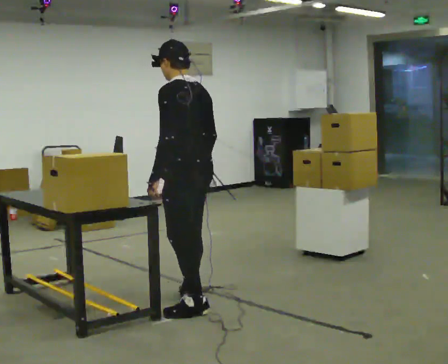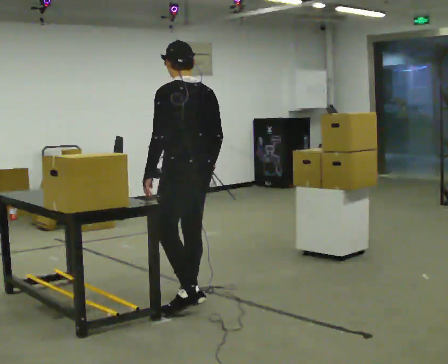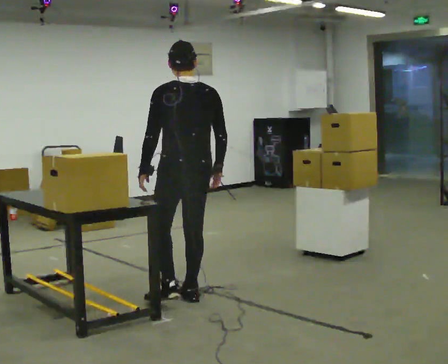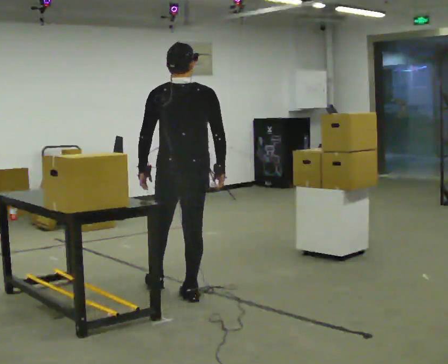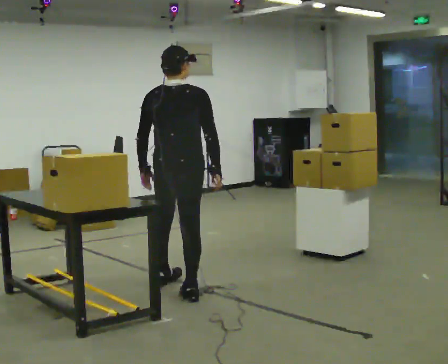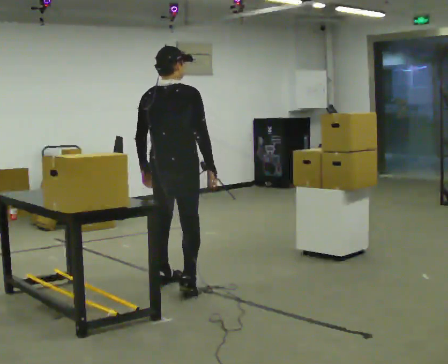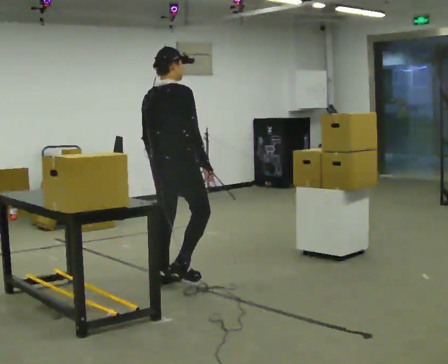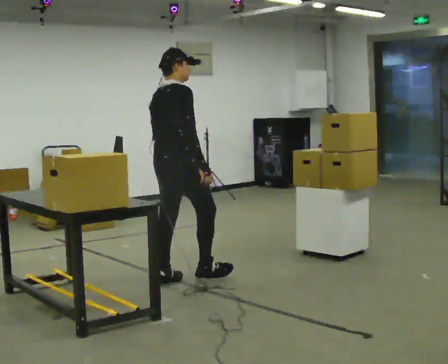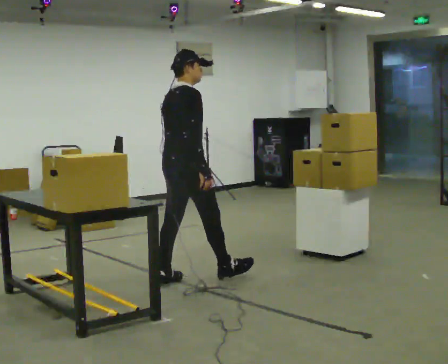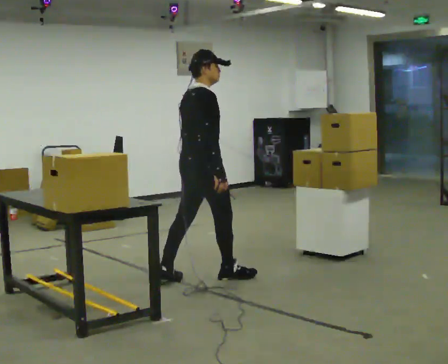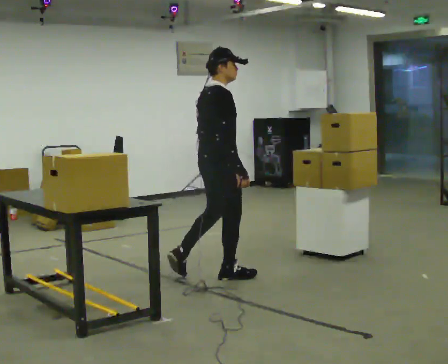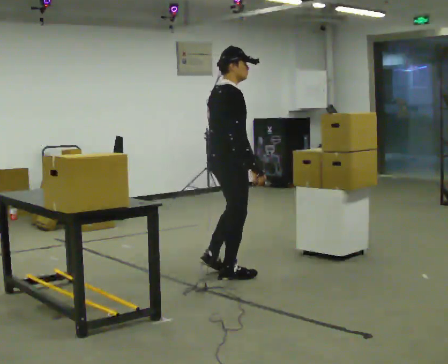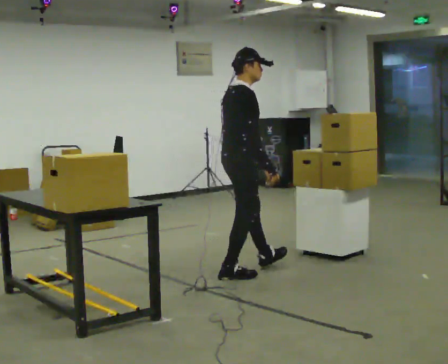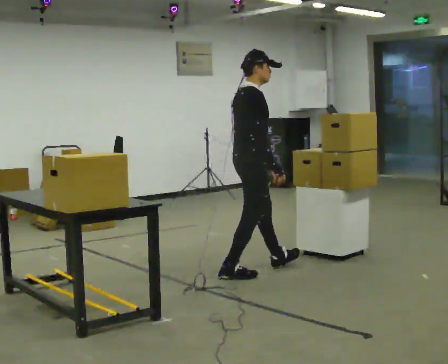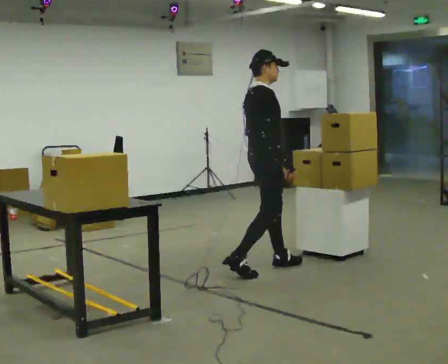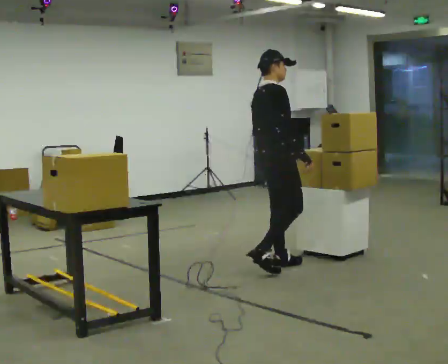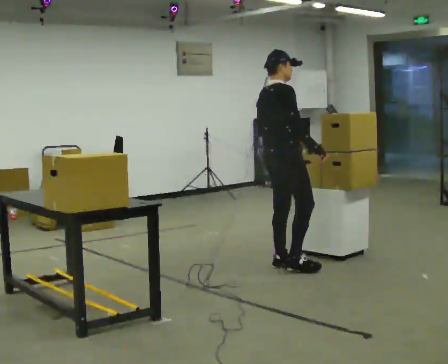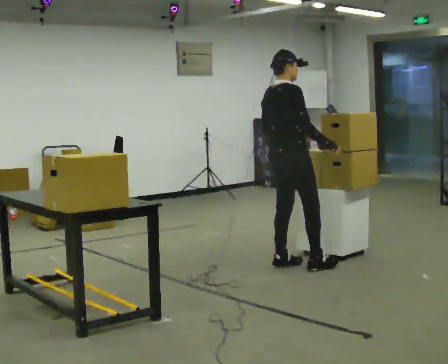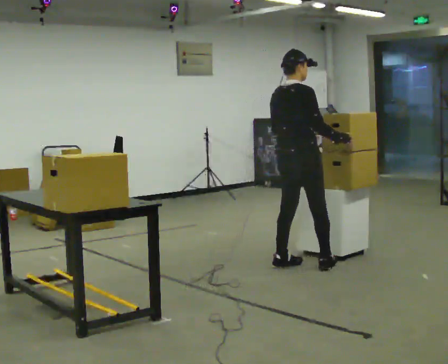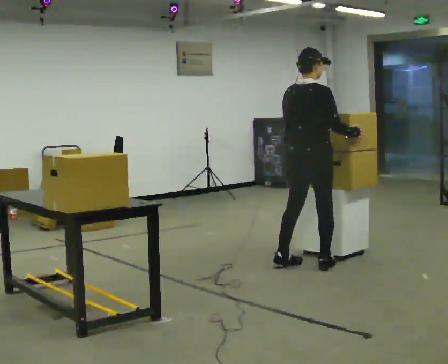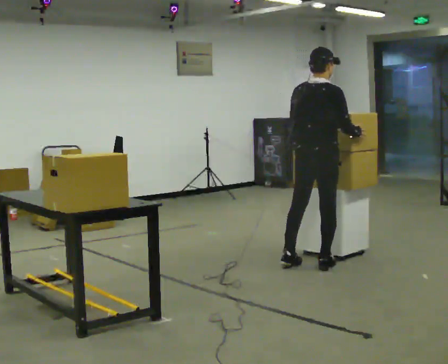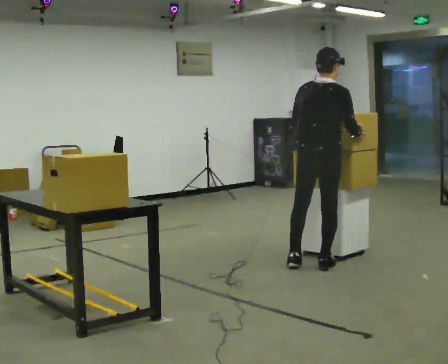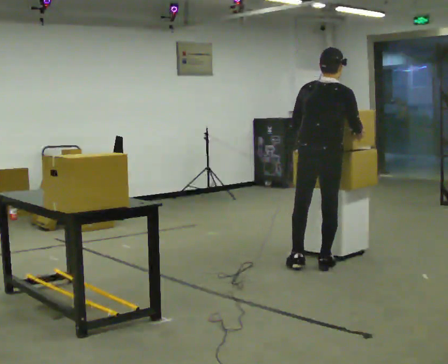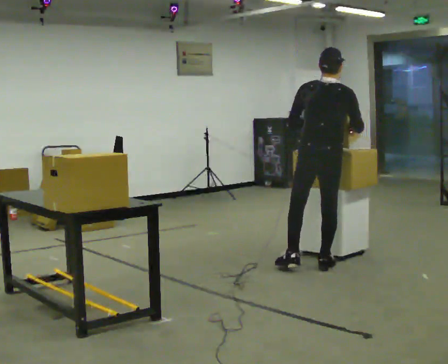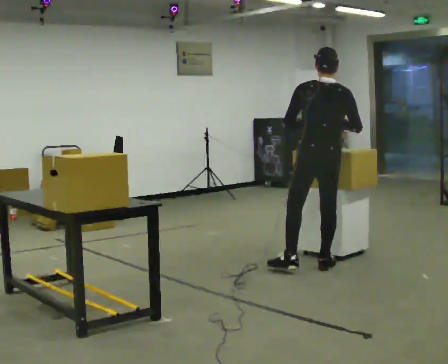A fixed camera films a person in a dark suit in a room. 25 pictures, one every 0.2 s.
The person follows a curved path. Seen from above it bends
clockwise.
0.0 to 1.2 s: Seen from above the body turns clockwise, about 105 degrees: to their right, with its near side sliding to the left. In the picture they go away from the camera and to the left, about 0.5 m in 1 step.
1.2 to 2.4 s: The person turns about 30 degrees to their right, clockwise seen from above, so the part of the body nearest the lens slides to the left. In the picture they go to the right and away from the camera, about 0.5 m in 1 step, which for them is forward.
2.4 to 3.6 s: The part of the body nearest the lens slides to the right as the person turns to their left by about 30 degrees. In the picture they go to the right and away from the camera, about 0.5 m in 2 steps, which for them is forward.
3.6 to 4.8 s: Seen from above the body turns counterclockwise, about 60 degrees: to their left, with its near side sliding to the right. In the picture they go to the right, about 0.25 m in 1 step, which for them is to their right.
The film runs forward here.
